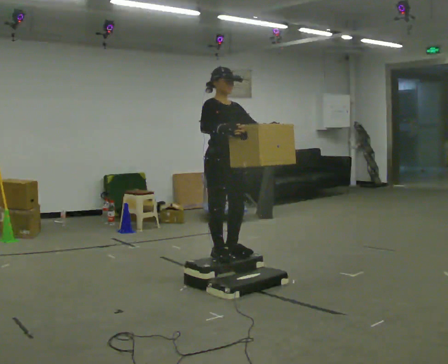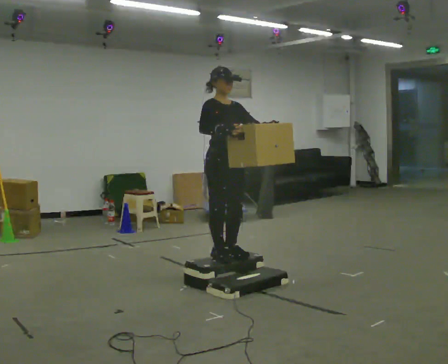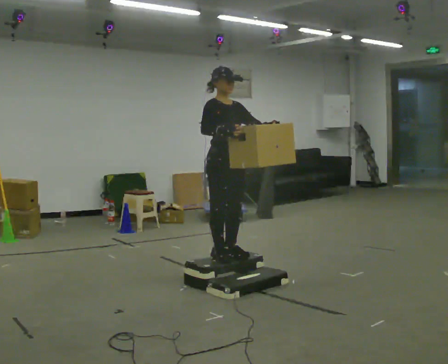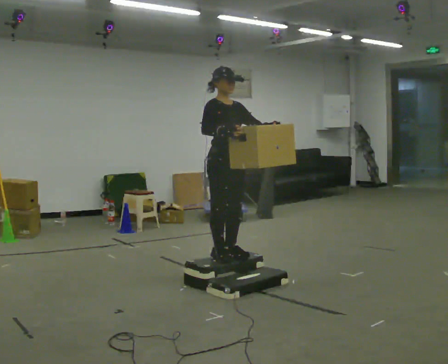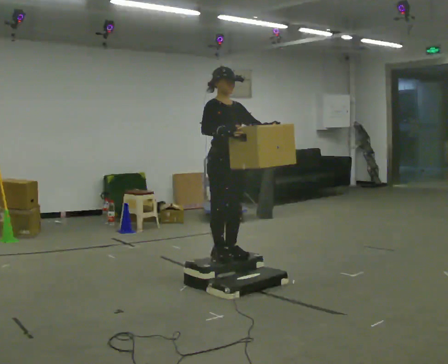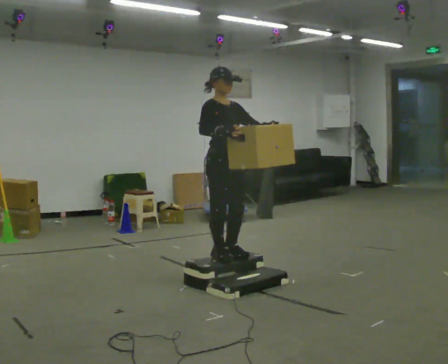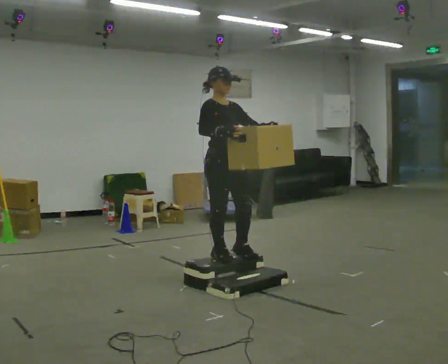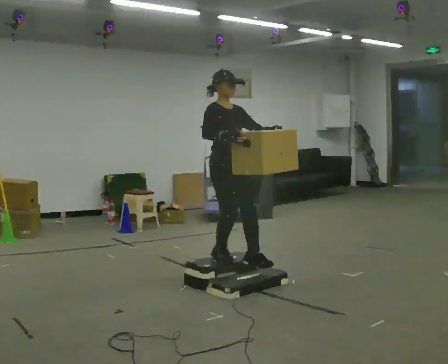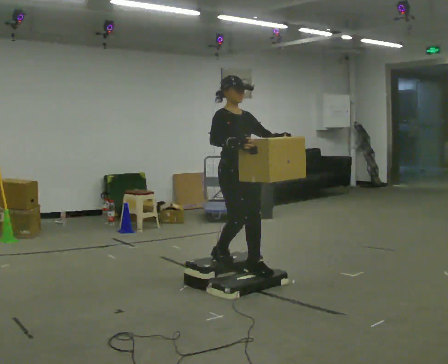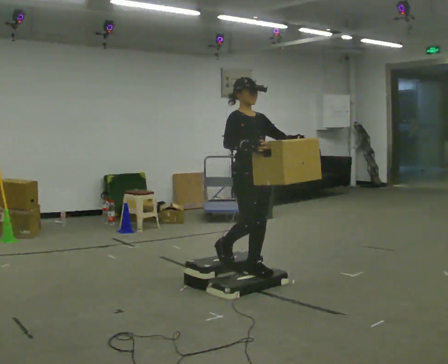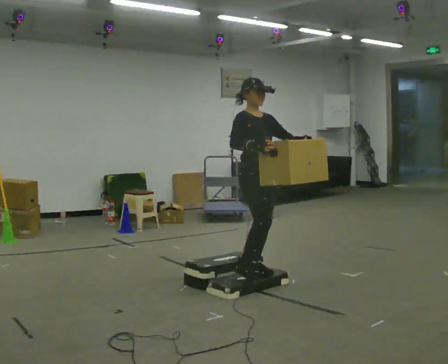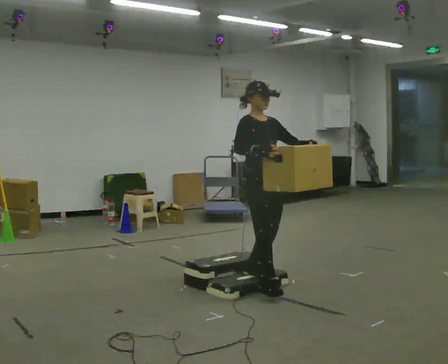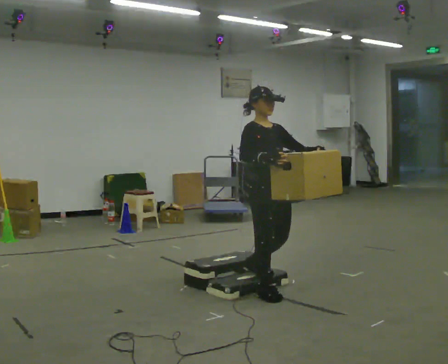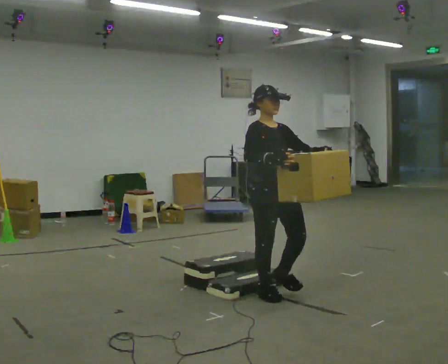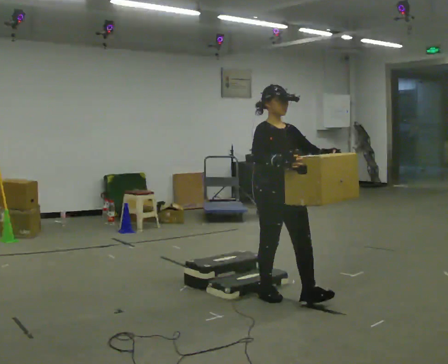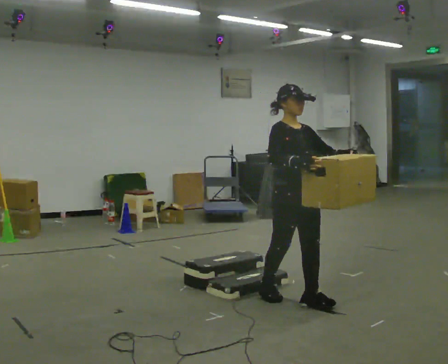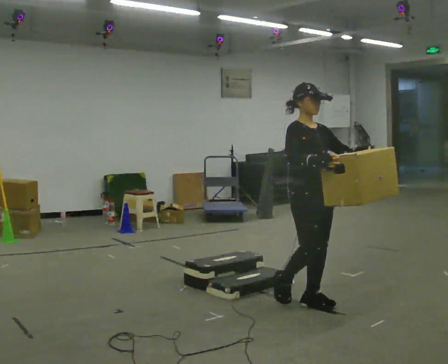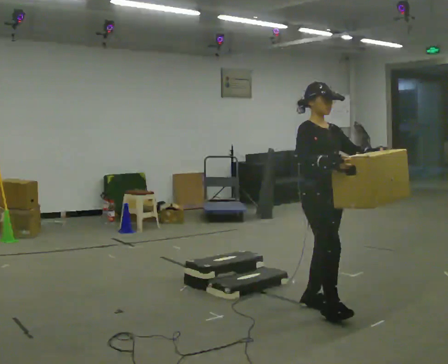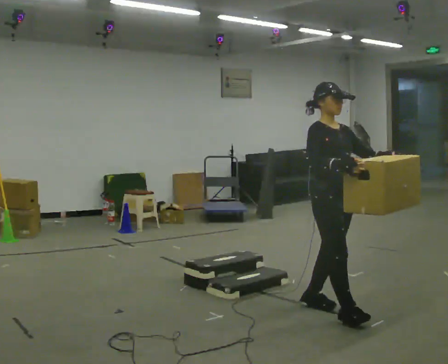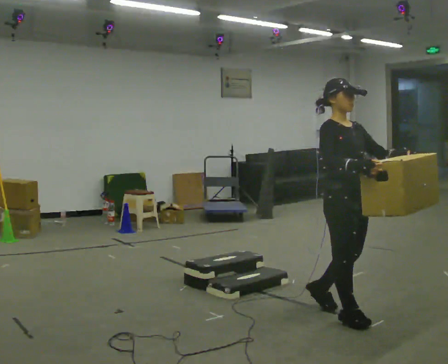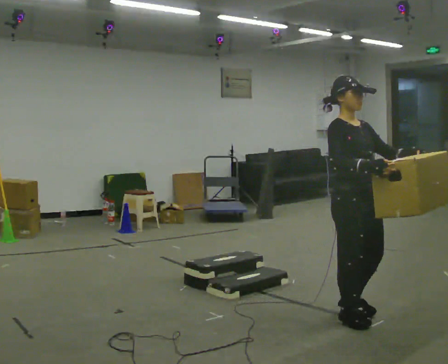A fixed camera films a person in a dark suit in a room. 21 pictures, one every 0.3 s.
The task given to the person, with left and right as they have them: Carry the box up the three steps, turn at the top, and carry it back down. Use the handrail only if you need it. Keep going until the operator says stop; one object at a time, and do not rush between trips.
0.0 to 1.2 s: The person keeps their place and pose.
1.2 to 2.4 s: The person moves a little, or ends about where they began.
2.4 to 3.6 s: In the picture they go toward the camera and to the right, about 0.25 m in 1 step, which for them is forward.
3.6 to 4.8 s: In the picture they go toward the camera and to the right, about 0.5 m in 1 step, which for them is forward.
4.8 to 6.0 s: In the picture they go toward the camera and to the right, about 0.5 m in 1 step, which for them is forward.
The film runs forward here.
